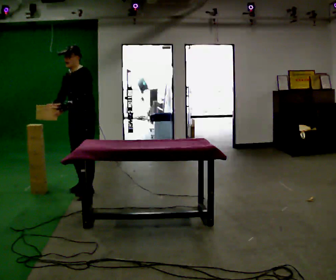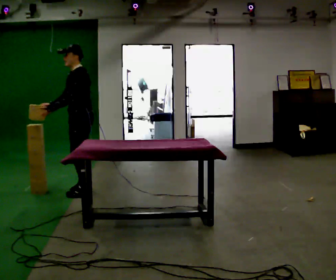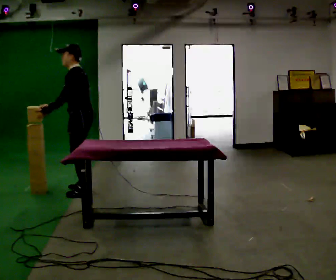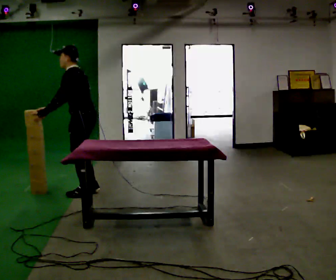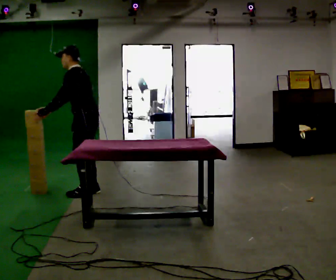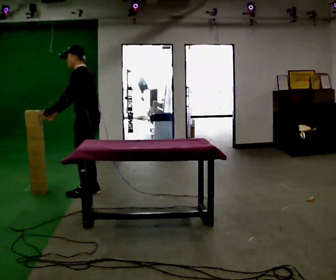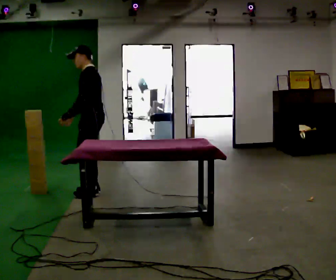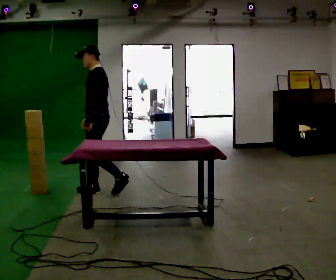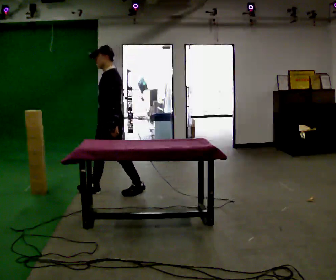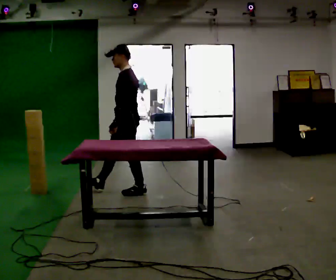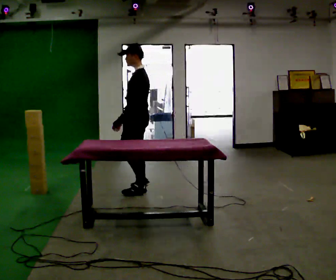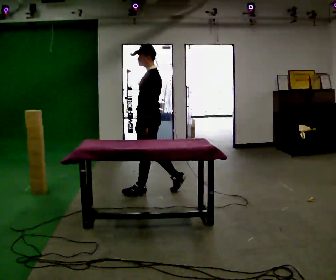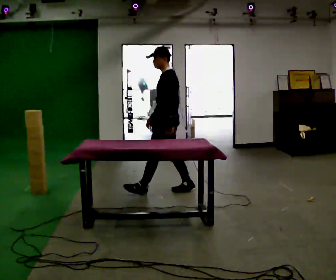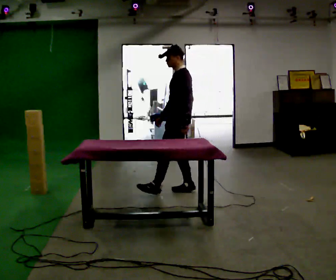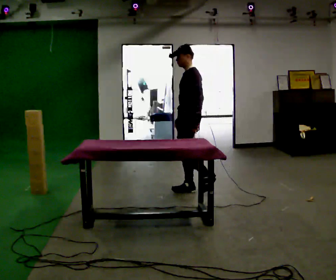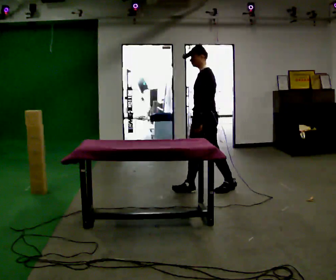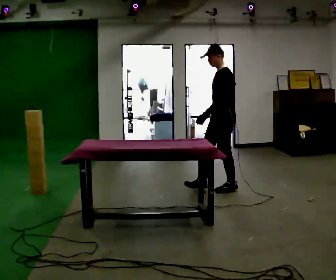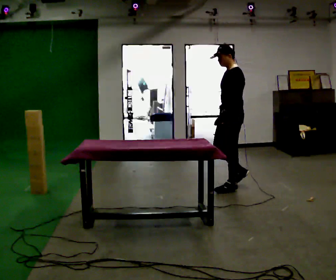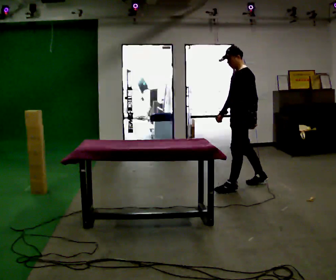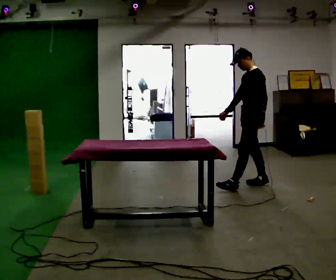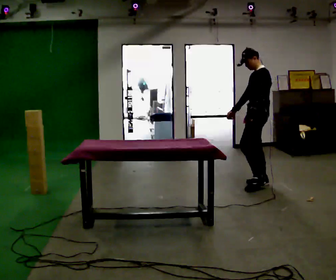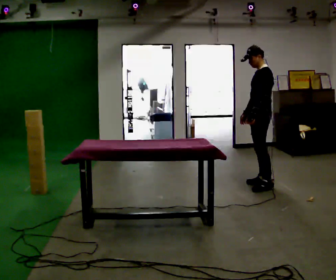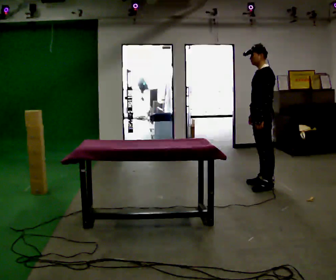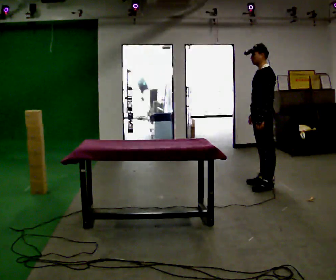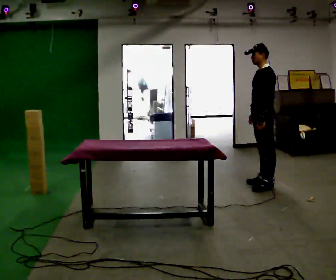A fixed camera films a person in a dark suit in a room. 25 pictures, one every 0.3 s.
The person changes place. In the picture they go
to the right.
0.0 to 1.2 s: The part of the body nearest the lens slides to the left as the person turns to their right by about 60 degrees. In the picture they go toward the camera, about 0.25 m in 1 step, which for them is to their left.
1.2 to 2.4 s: In the picture they go to the right, about 0.25 m in 1 step, which for them is backward. In the picture the upper body tilts clockwise, shoulders to the right, as they lean back or straighten.
2.4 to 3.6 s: In the picture they go to the right, about 0.75 m in 1 step, which for them is backward.
3.6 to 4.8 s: In the picture they go to the right, about 0.75 m in 2 steps, which for them is backward.
4.8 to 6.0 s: In the picture they go to the right and away from the camera, about 0.5 m in 1 step, which for them is backward and to their right.
6.0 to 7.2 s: The person moves a little, or ends about where they began.
The film runs backward here.
